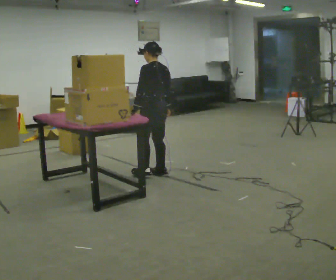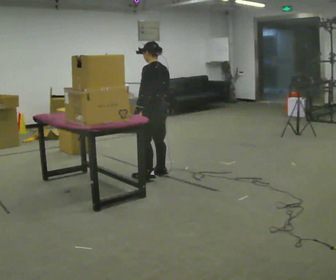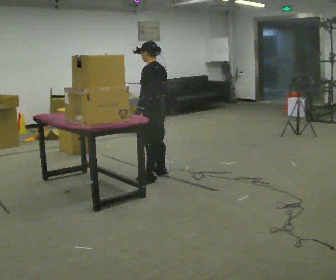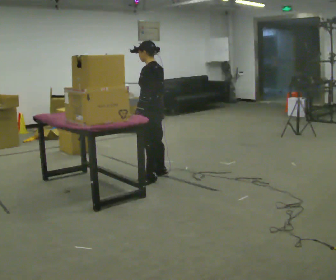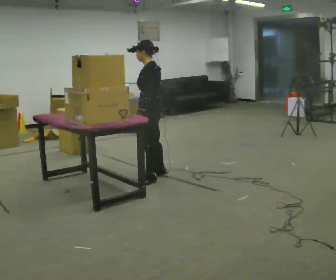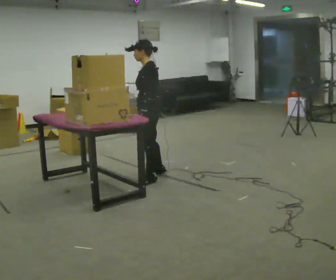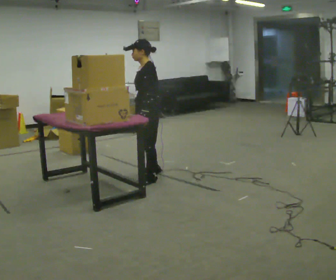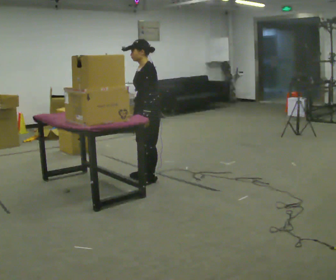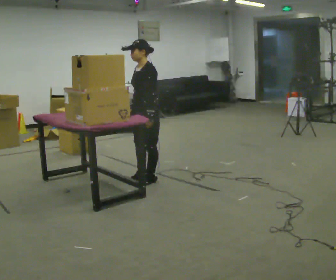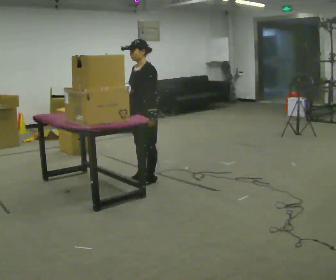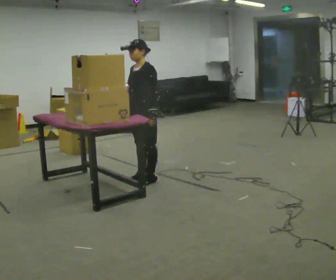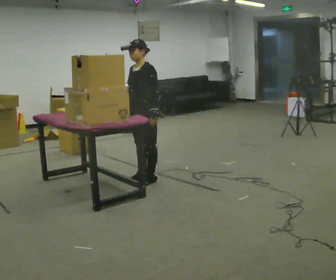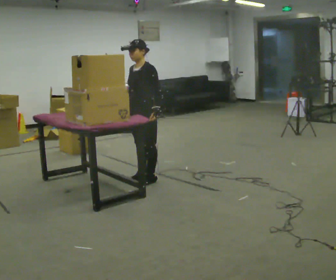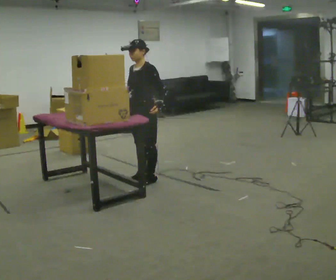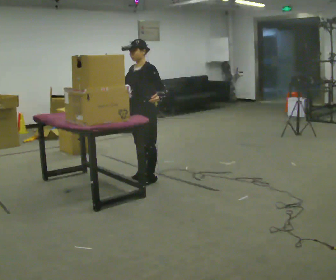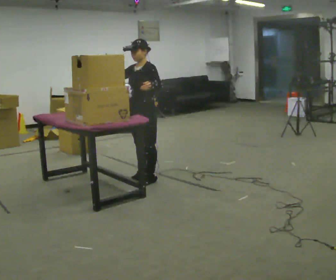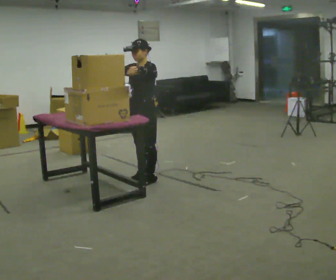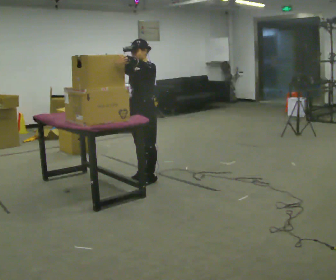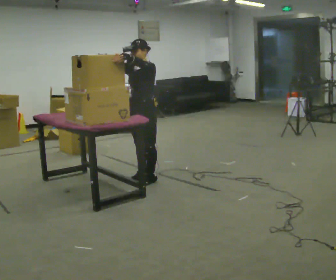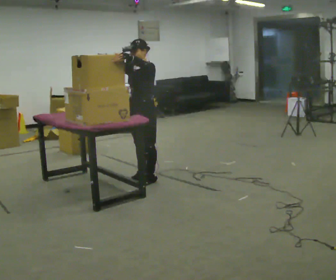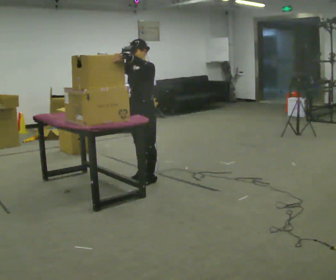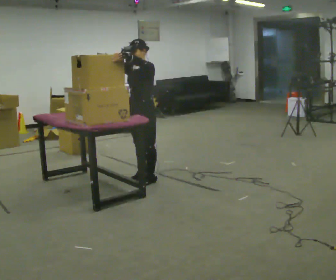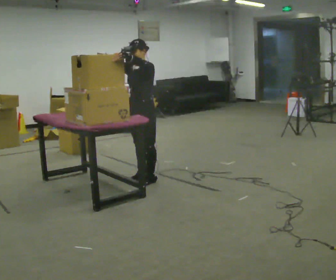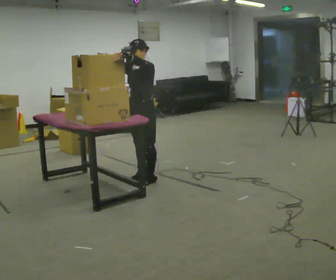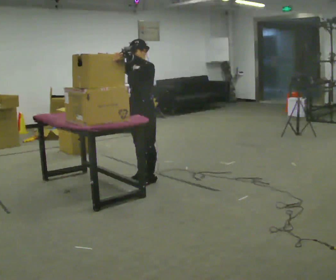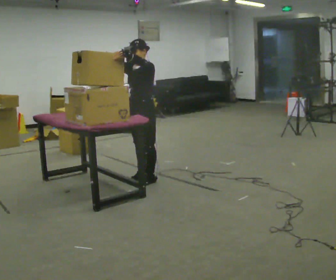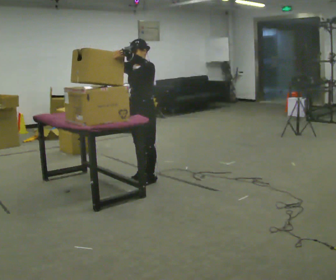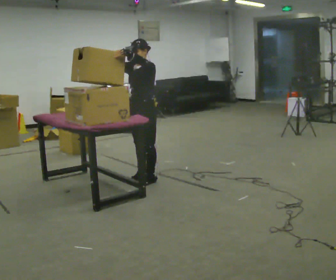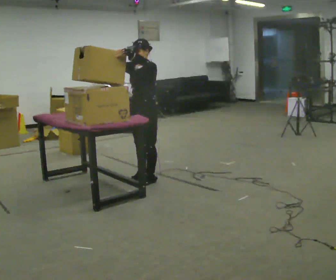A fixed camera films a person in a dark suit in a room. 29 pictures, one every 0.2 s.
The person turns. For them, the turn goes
to their left.
Their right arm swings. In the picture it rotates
clockwise.
0.0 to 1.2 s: The person turns about 60 degrees to their left, counterclockwise seen from above, so the part of the body nearest the lens slides to the right. In the picture they go toward the camera, about 0.25 m in 1 step, which for them is to their left. In the picture their right hand goes to the left.
1.2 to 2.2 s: The person turns about 30 degrees to their left, counterclockwise seen from above, so the part of the body nearest the lens slides to the right.
2.2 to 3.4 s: In the picture their right hand goes upward, the arm swinging clockwise.
3.4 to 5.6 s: The person moves a little, or ends about where they began.
The film runs backward here.
